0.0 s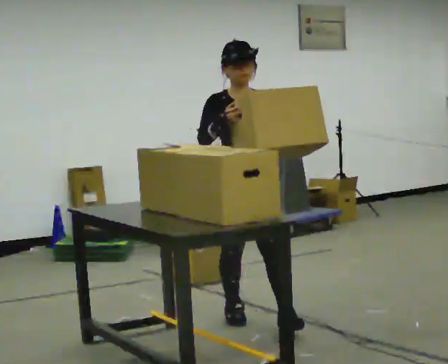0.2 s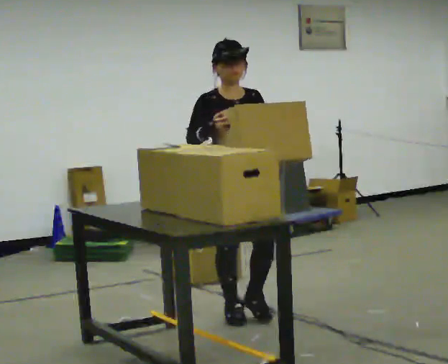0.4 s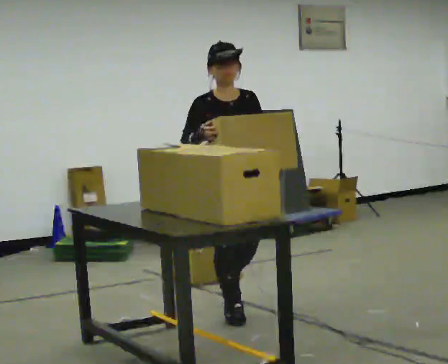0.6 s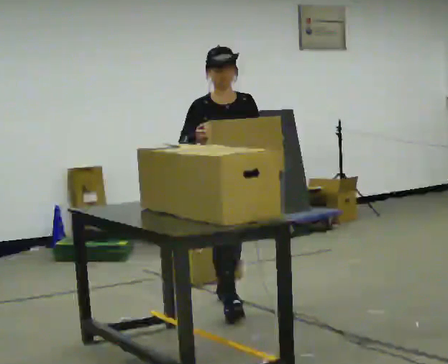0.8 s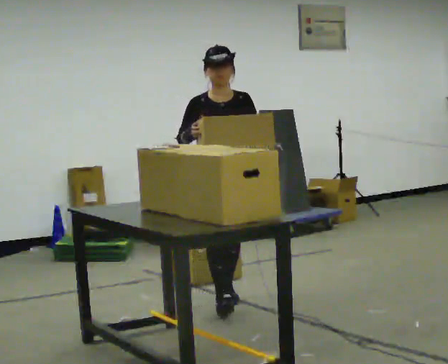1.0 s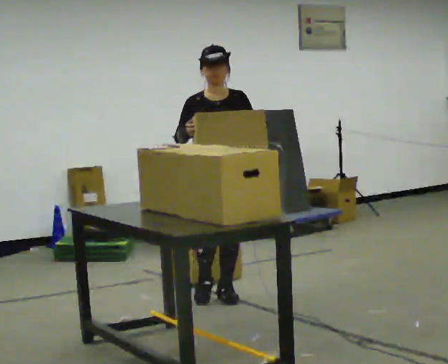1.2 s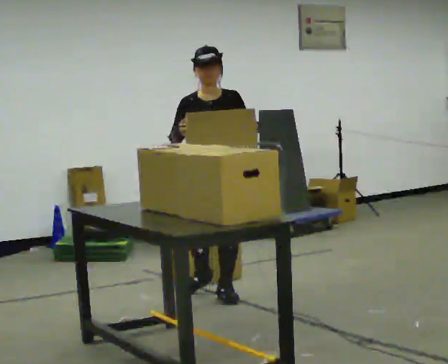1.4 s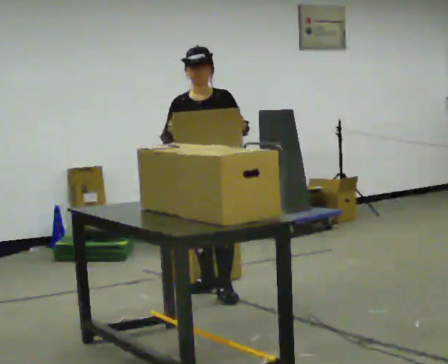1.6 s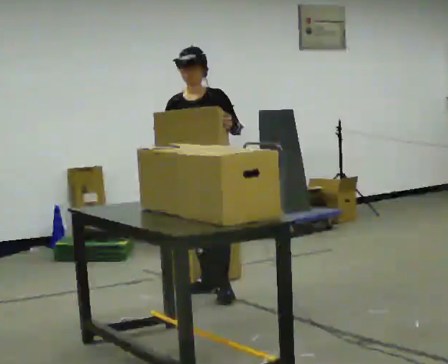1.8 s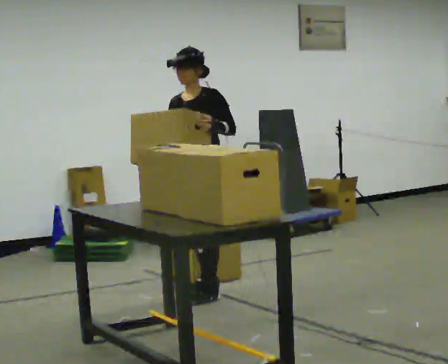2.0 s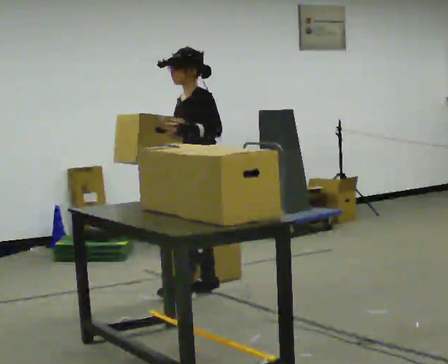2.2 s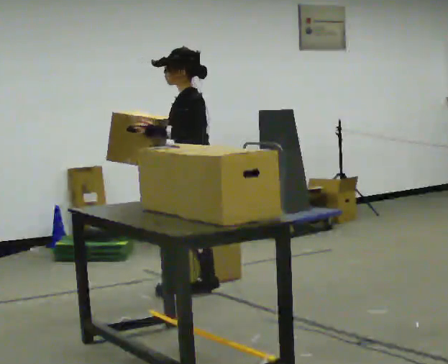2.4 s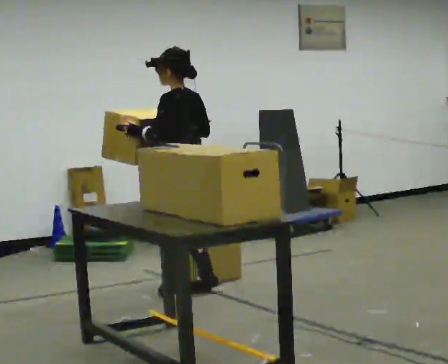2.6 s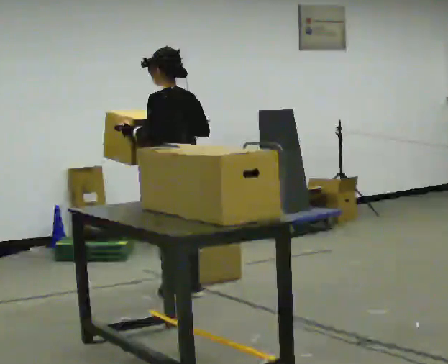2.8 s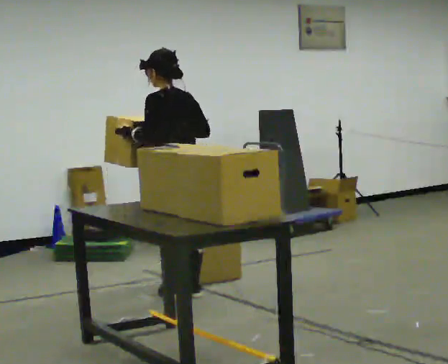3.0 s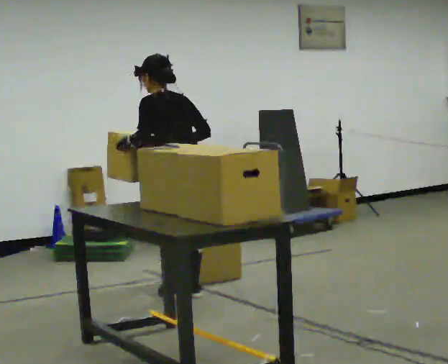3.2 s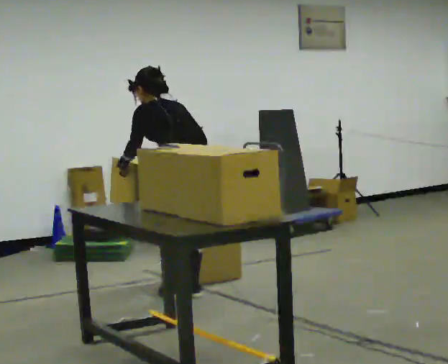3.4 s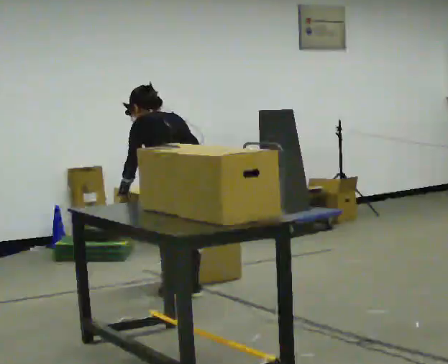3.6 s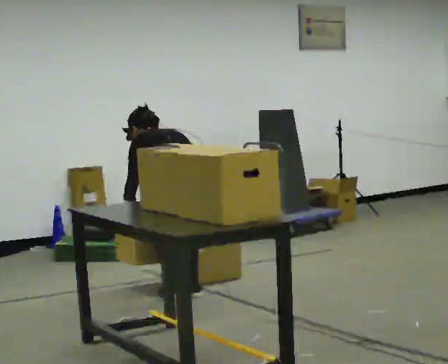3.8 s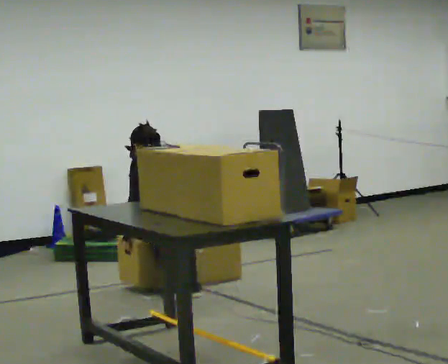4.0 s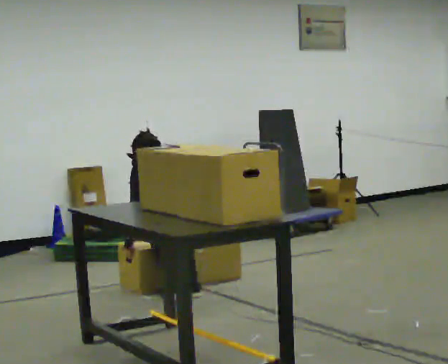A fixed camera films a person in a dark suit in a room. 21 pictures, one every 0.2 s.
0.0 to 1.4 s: The person turns about 30 degrees to their right, clockwise seen from above, so the part of the body nearest the lens slides to the left. In the picture they go away from the camera, about 1 m in 1 step, which for them is backward.
1.4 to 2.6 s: Seen from above the body turns clockwise, about 135 degrees: to their right, with its near side sliding to the left. In the picture they go to the left, about 0.25 m in 2 steps. In the picture their left hand goes to the left.
2.6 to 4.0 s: The shoulders move downward. The upper body tips away from the camera, its near side rolling upward, as they bend forward. In the picture their right hand goes downward.
The film runs backward here.
